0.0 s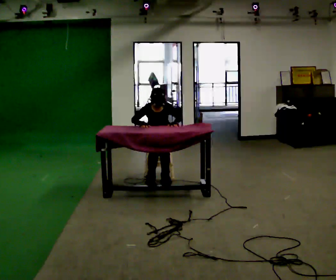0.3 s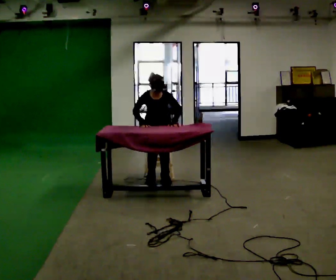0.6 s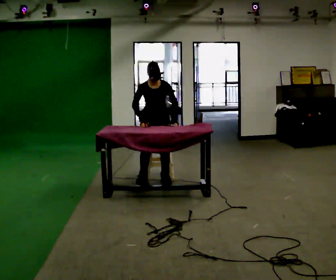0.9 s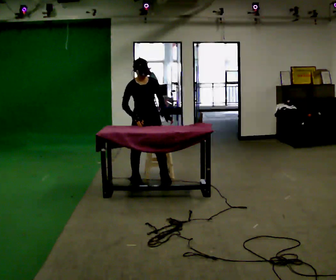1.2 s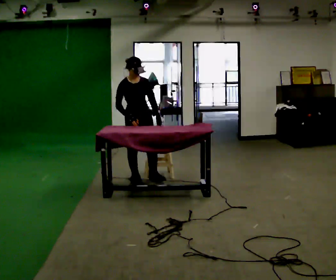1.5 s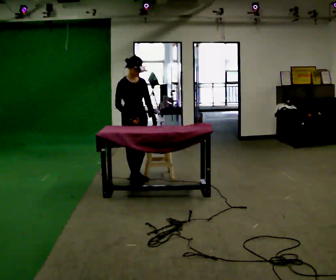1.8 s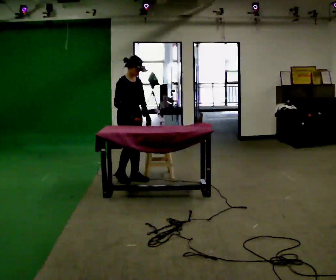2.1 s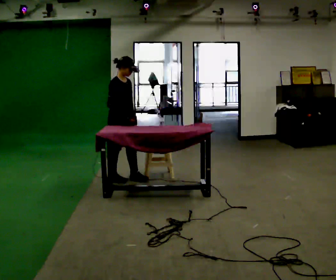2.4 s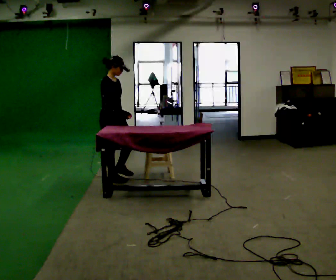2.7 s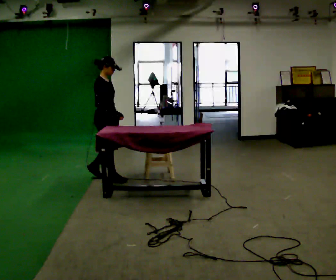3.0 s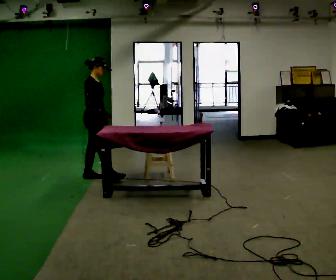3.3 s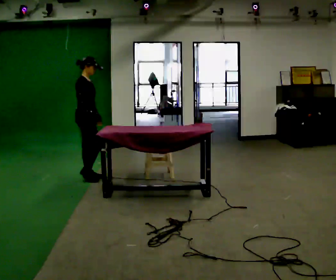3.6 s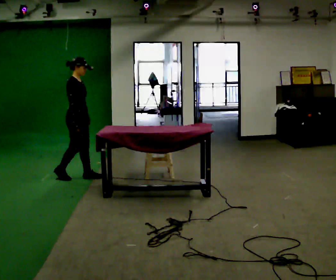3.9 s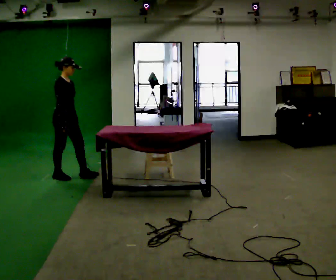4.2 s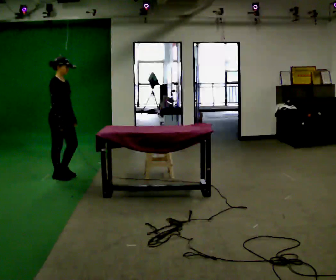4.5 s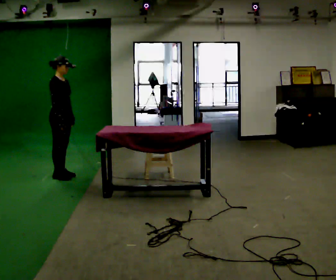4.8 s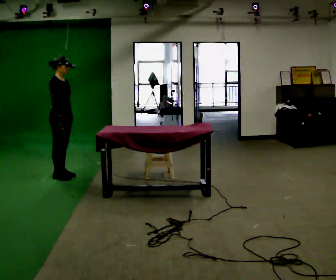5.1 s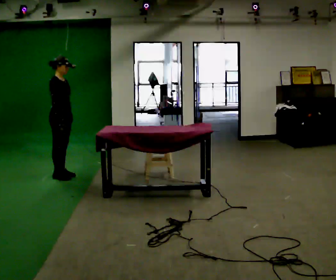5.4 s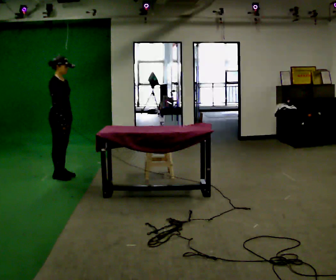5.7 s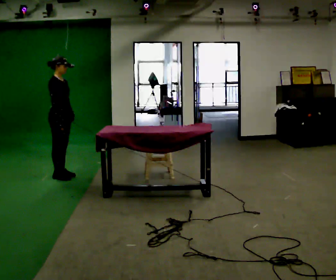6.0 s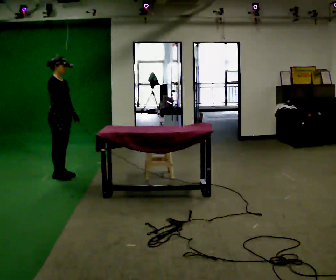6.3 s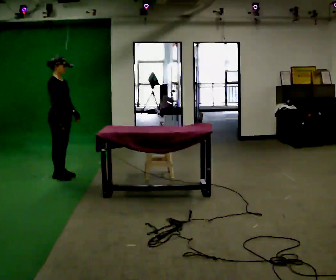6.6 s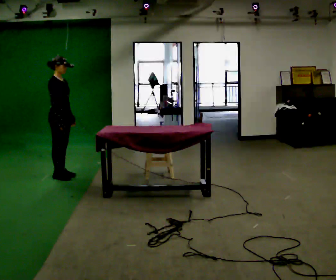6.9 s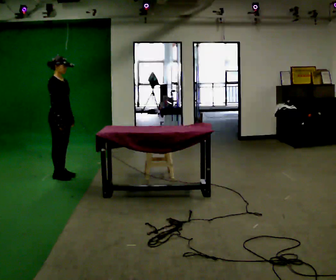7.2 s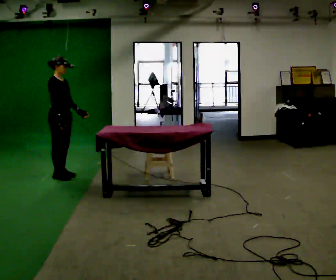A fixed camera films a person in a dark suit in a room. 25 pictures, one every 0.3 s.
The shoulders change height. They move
upward.
The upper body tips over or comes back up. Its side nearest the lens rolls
upward.
0.0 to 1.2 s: In the picture they go to the left and toward the camera, about 0.25 m in 2 steps, which for them is to their right and forward. The shoulders move upward. The upper body tips away from the camera, its near side rolling upward, as they lean back or straighten.
1.2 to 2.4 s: Seen from above the body turns counterclockwise, about 45 degrees: to their left, with its near side sliding to the right. In the picture they go to the left, about 0.25 m in 2 steps, which for them is backward and to their right.
2.4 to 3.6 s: In the picture they go to the left, about 0.5 m in 1 step, which for them is backward.
3.6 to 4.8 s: In the picture they go to the left, about 0.25 m in 1 step, which for them is backward.
4.8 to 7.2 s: The person moves a little, or ends about where they began.
The film runs backward here.
